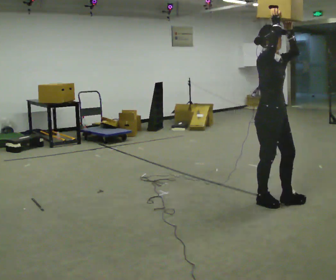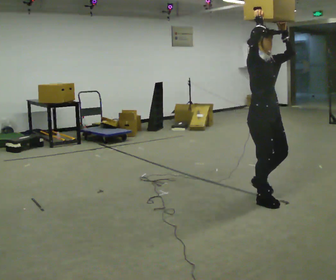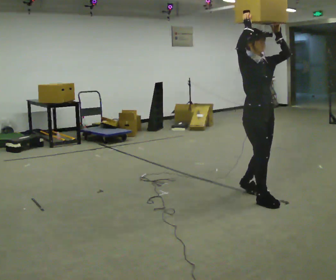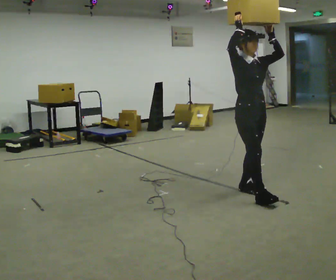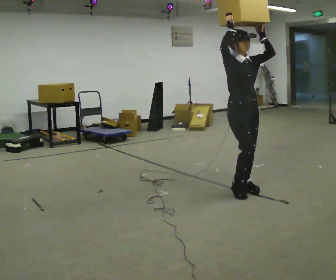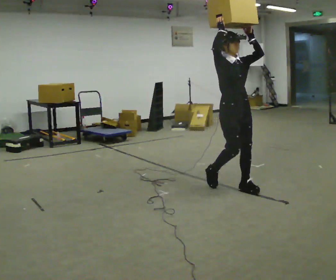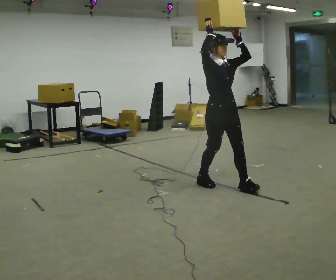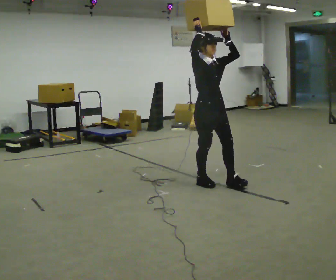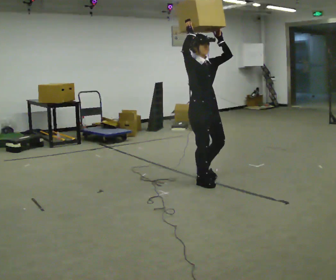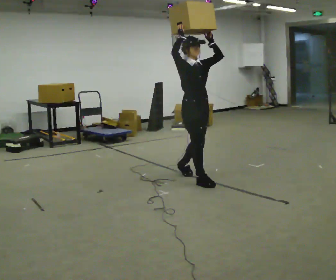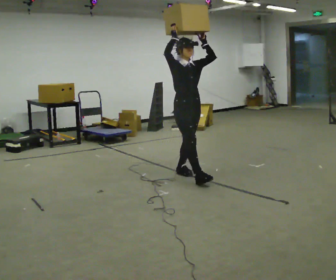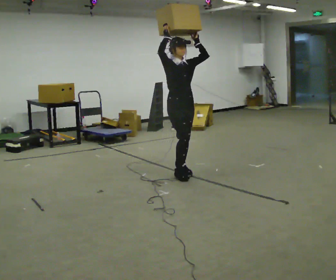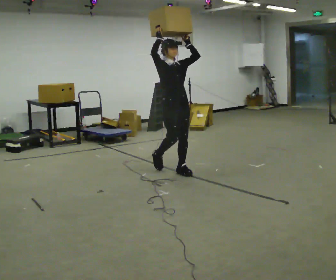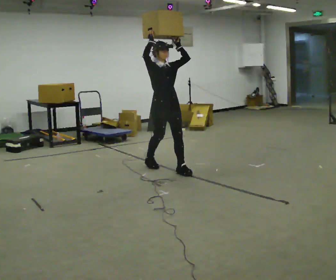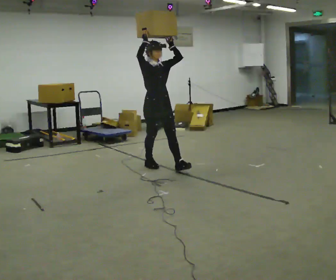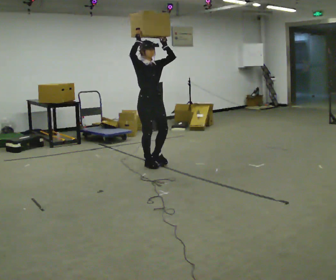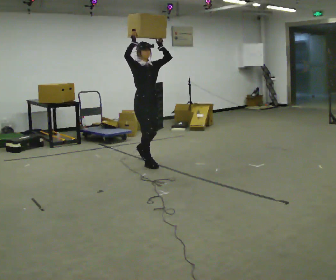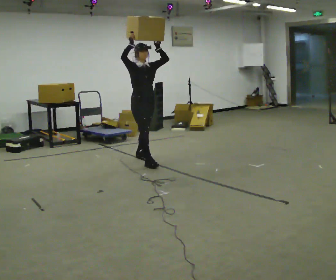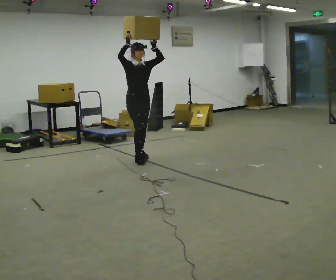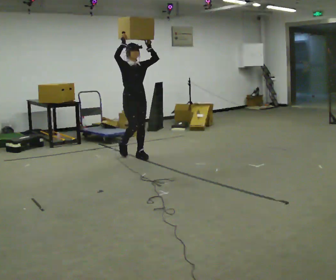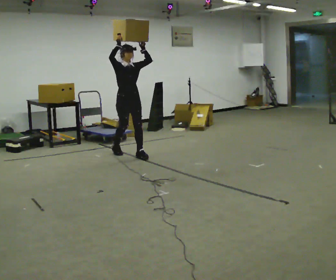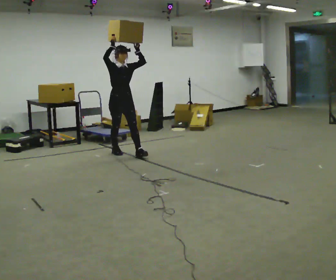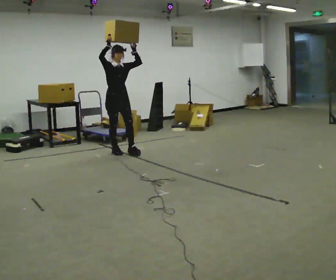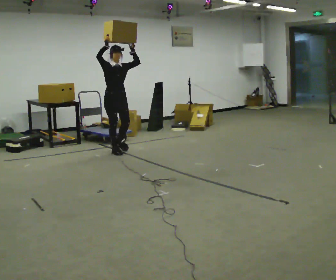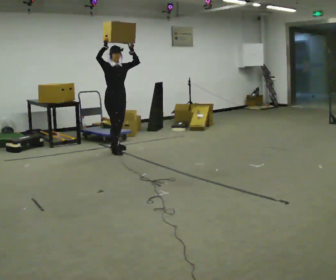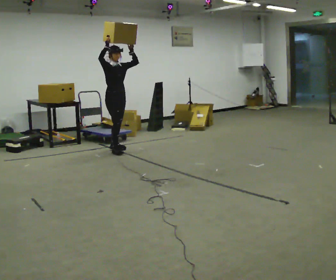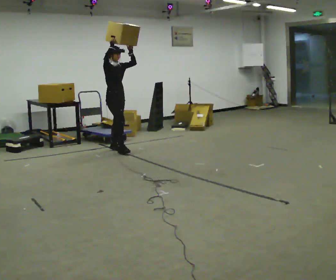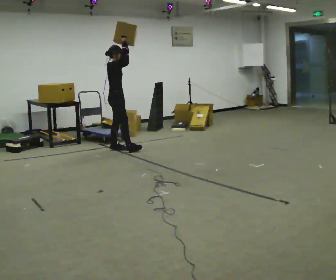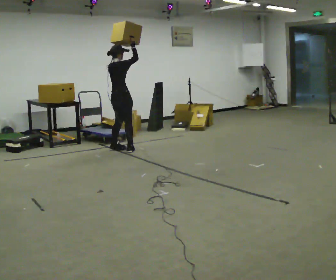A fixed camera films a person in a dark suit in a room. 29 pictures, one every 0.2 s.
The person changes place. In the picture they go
away from the camera.
0.0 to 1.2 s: In the picture they go away from the camera and to the left, about 0.75 m in 2 steps, which for them is backward.
1.2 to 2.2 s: In the picture they go away from the camera and to the left, about 0.5 m in 2 steps, which for them is backward.
2.2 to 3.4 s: In the picture they go away from the camera and to the left, about 1 m in 1 step, which for them is backward.
3.4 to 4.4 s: In the picture they go away from the camera and to the left, about 0.75 m in 2 steps, which for them is backward.
4.4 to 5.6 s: The part of the body nearest the lens slides to the right as the person turns to their left by about 90 degrees. In the picture they go away from the camera, about 0.25 m in 1 step.
The film runs backward here.
